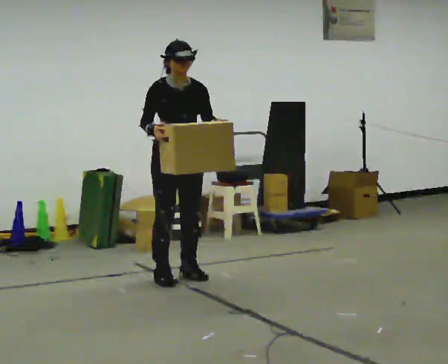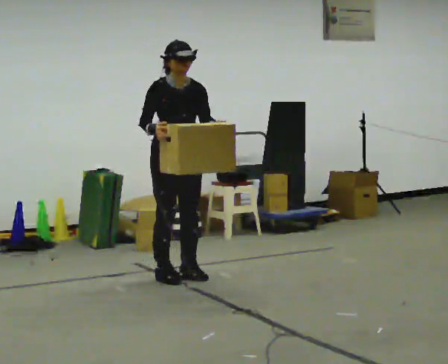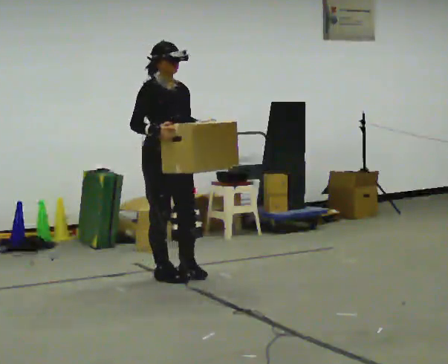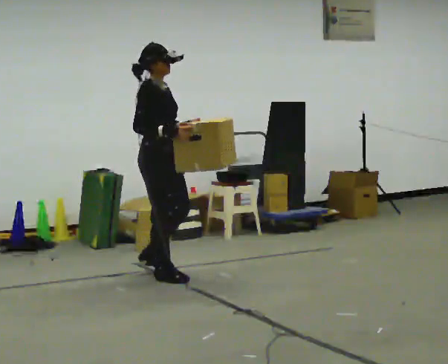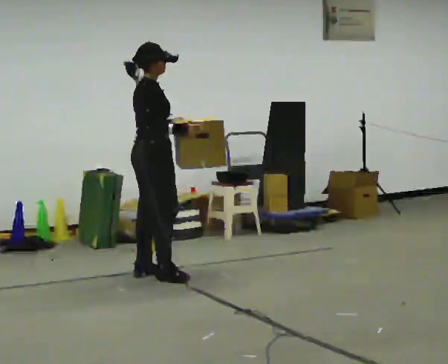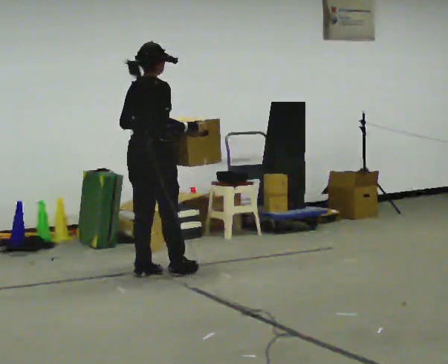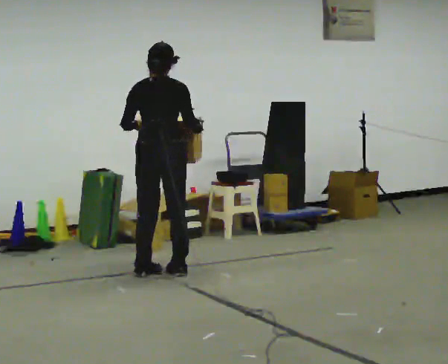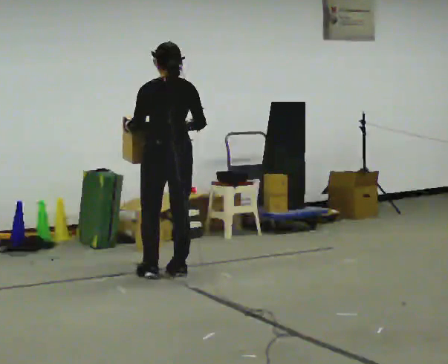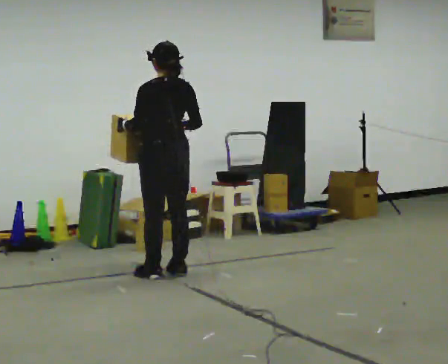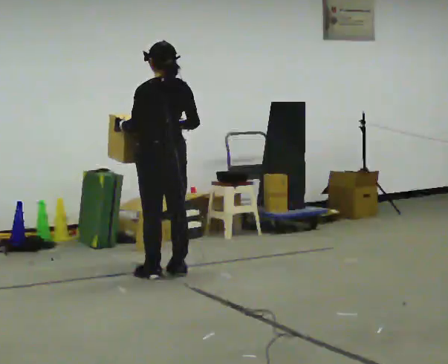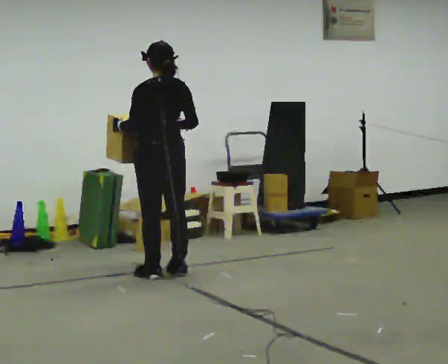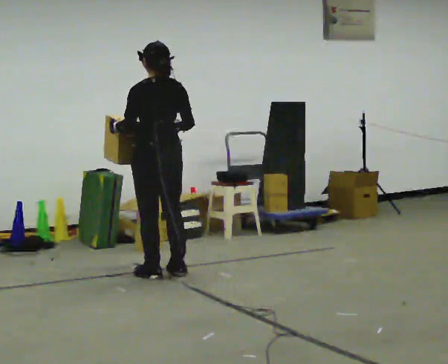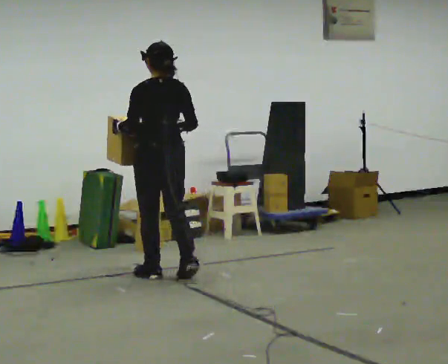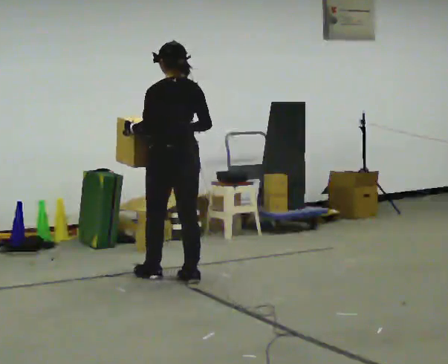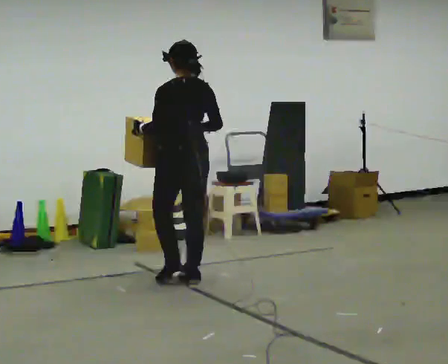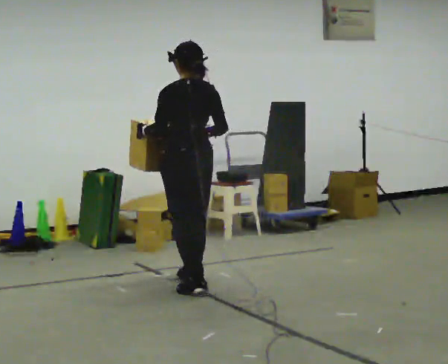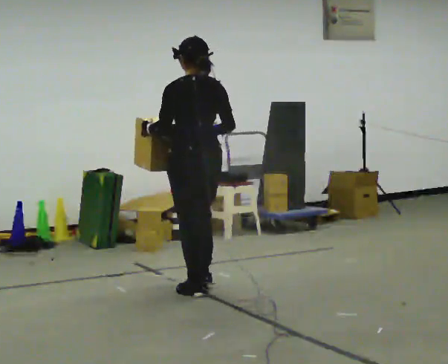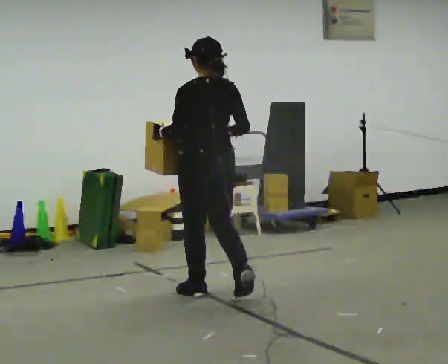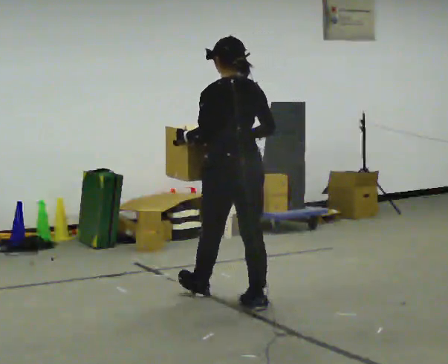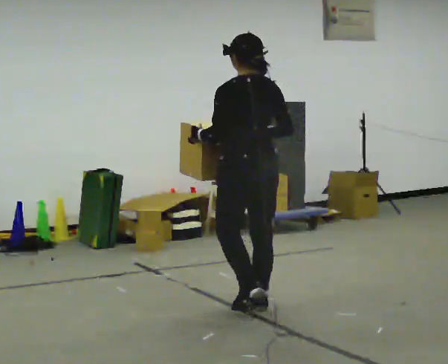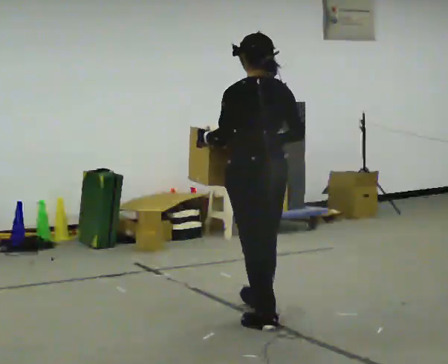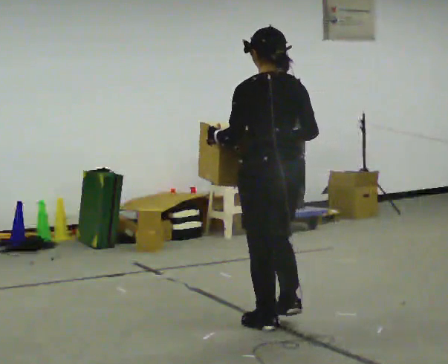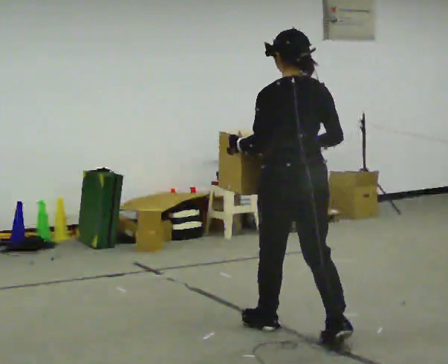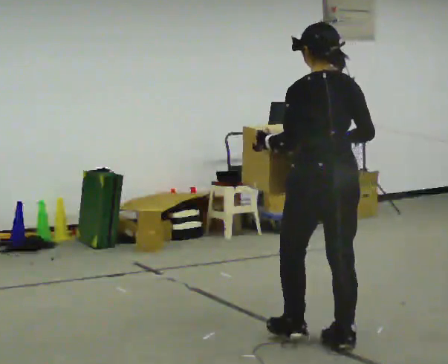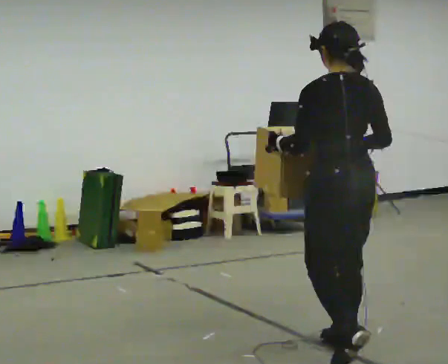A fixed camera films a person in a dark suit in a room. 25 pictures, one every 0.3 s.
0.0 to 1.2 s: The part of the body nearest the lens slides to the right as the person turns to their left by about 75 degrees. In the picture they go to the left, about 0.25 m in 1 step. In the picture their left hand goes to the left.
1.2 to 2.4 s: The part of the body nearest the lens slides to the right as the person turns to their left by about 105 degrees. In the picture their left hand goes to the left.
2.4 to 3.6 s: The person moves a little, or ends about where they began.
3.6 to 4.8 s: In the picture they go toward the camera and to the right, about 0.5 m in 2 steps, which for them is backward.
4.8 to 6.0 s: In the picture they go toward the camera and to the right, about 0.5 m in 1 step, which for them is backward.
6.0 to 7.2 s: In the picture they go toward the camera and to the right, about 1 m in 2 steps, which for them is backward.
The film runs backward here.
